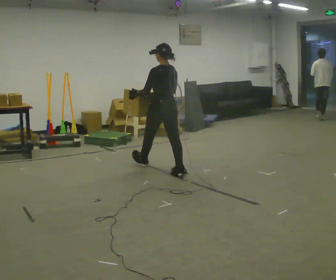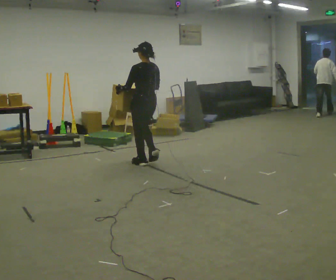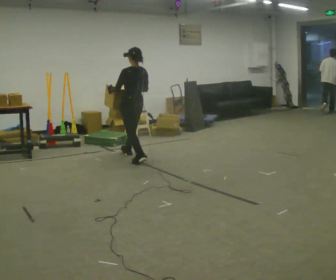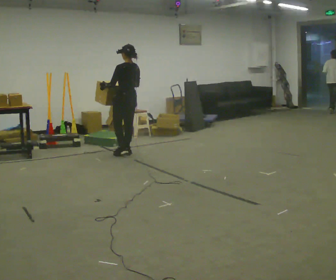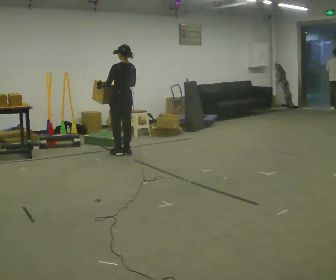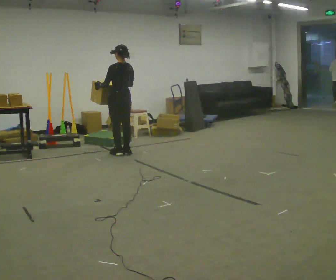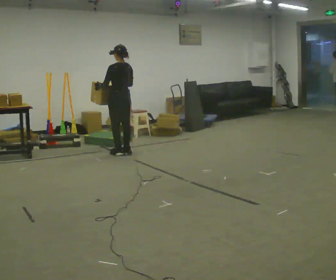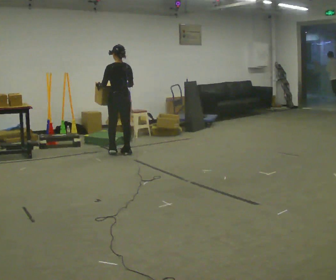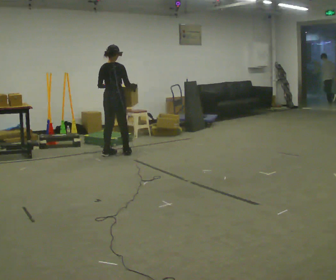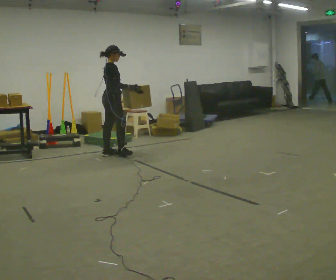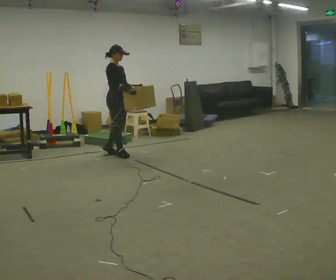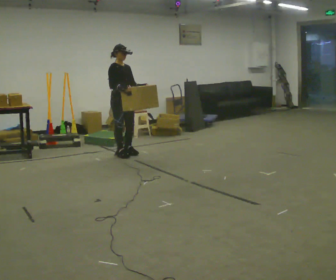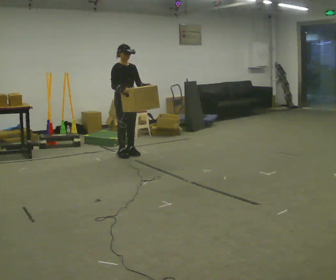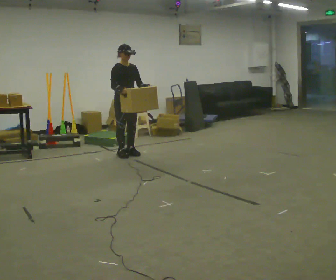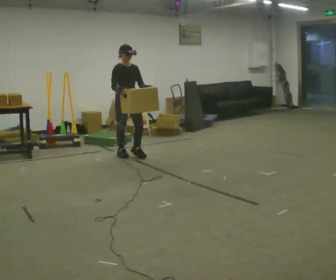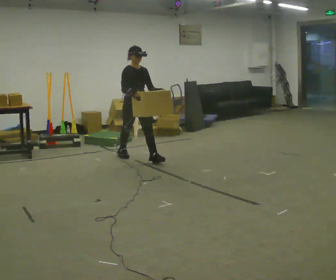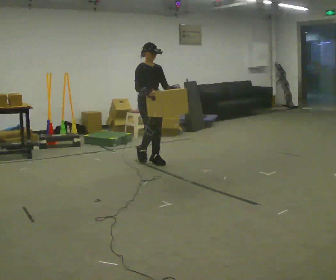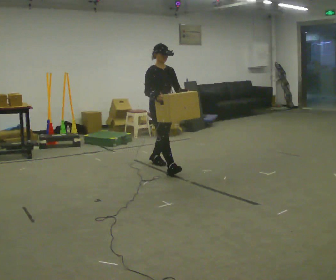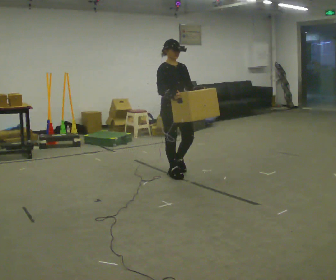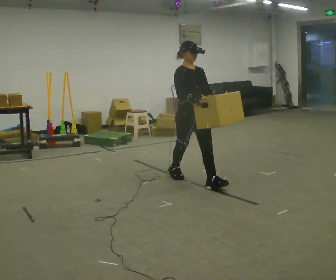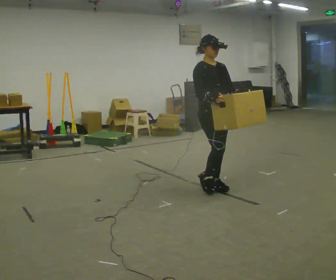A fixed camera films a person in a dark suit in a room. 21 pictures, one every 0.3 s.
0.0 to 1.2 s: In the picture they go away from the camera and to the left, about 1 m in 3 steps, which for them is forward.
1.2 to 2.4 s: The person turns about 60 degrees to their right, clockwise seen from above, so the part of the body nearest the lens slides to the left.
2.4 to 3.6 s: The person turns about 120 degrees to their right, clockwise seen from above, so the part of the body nearest the lens slides to the left. In the picture they go to the right, about 0.25 m in 1 step.
3.6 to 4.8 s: In the picture they go toward the camera and to the right, about 0.5 m in 1 step, which for them is forward.
4.8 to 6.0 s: In the picture they go toward the camera and to the right, about 1.5 m in 2 steps, which for them is forward.
The film runs forward here.
